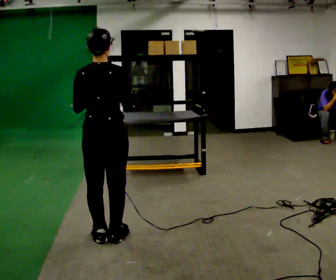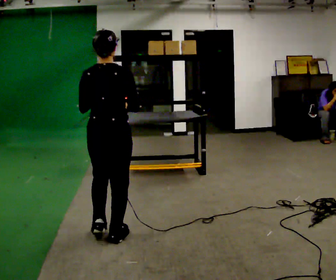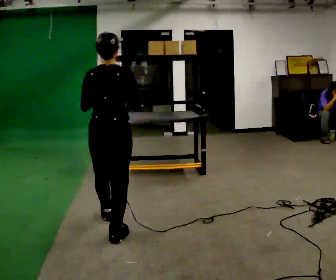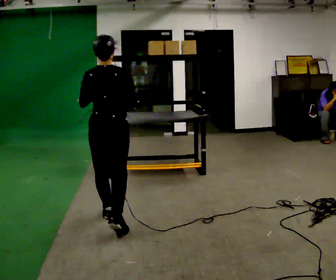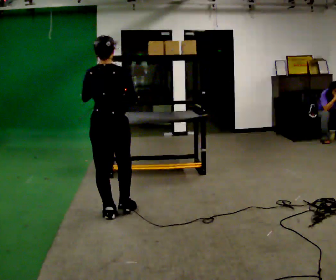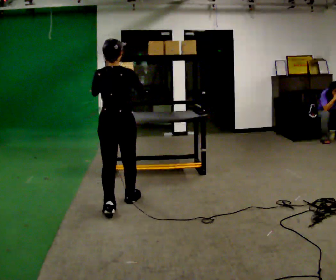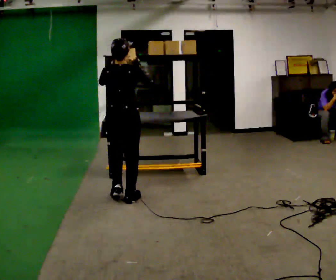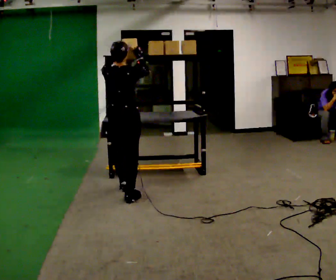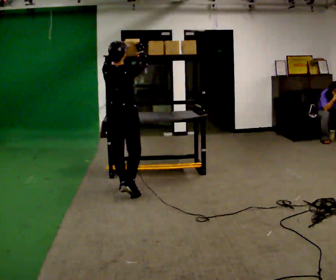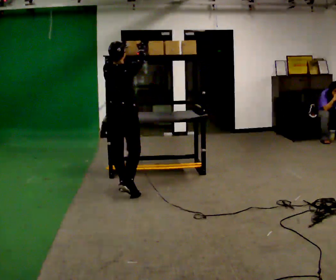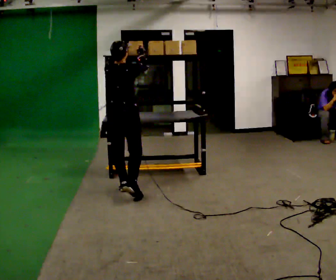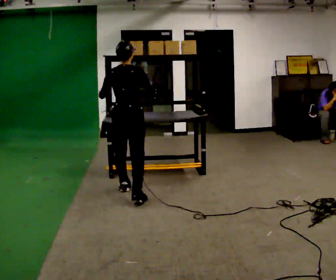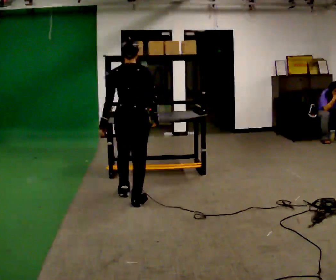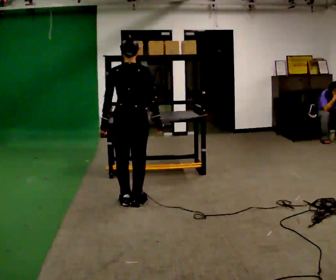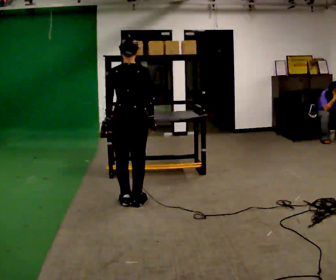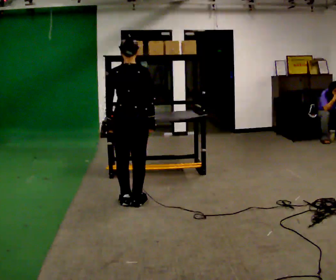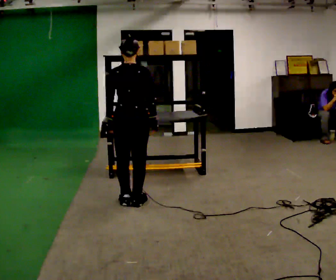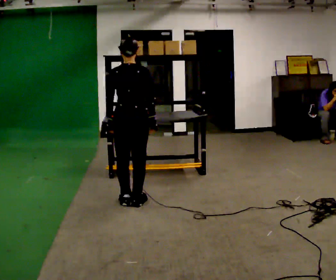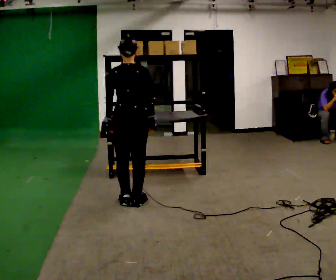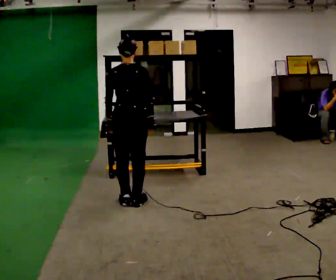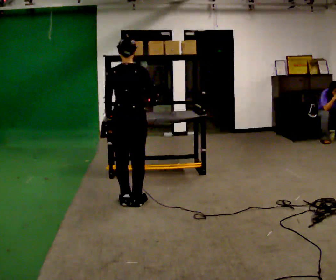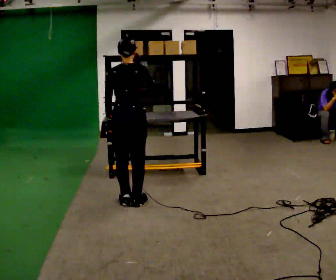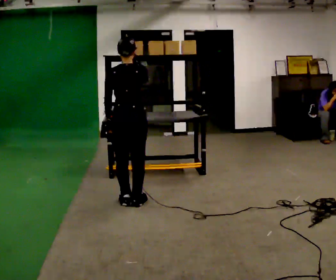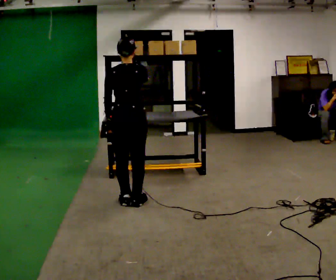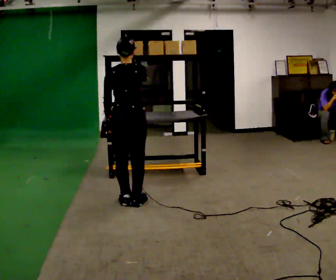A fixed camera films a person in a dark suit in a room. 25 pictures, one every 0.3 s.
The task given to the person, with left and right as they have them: Carry the object across the room and place it on the shelf just at the top of your comfortable reach. Keep going until the operator says stop; one object at a time, and do not rush between trips.
0.0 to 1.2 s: In the picture they go away from the camera, about 0.5 m in 1 step, which for them is forward.
1.2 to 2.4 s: In the picture they go away from the camera, about 0.75 m in 2 steps, which for them is forward. In the picture their left hand goes upward.
2.4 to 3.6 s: In the picture they go toward the camera, about 0.25 m in 1 step, which for them is backward and to their right. In the picture their left hand goes downward.
3.6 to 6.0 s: The person moves a little, or ends about where they began.
6.0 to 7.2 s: In the picture their right hand goes upward.
The film runs forward here.
